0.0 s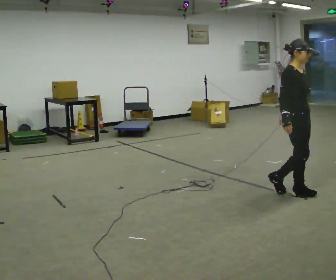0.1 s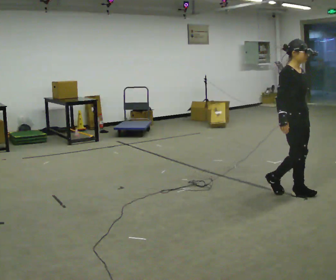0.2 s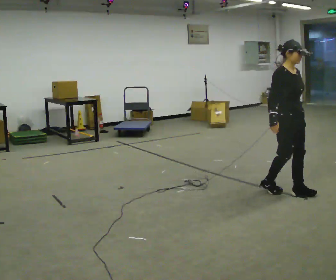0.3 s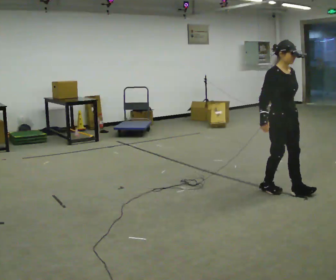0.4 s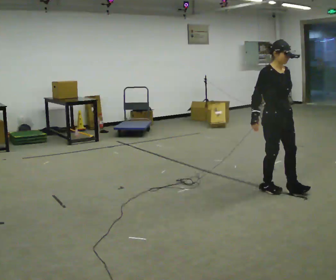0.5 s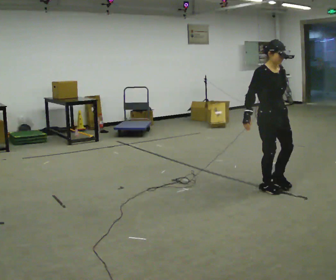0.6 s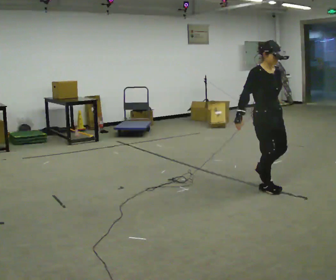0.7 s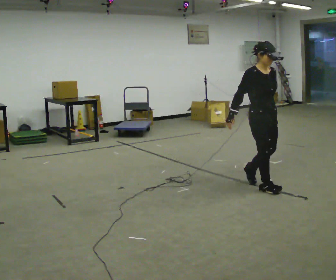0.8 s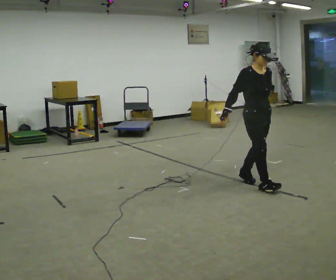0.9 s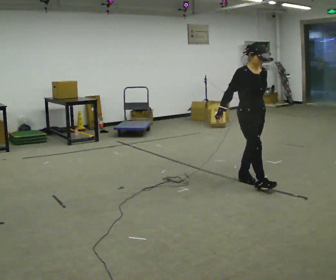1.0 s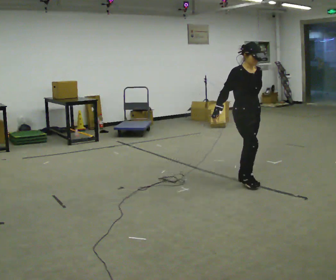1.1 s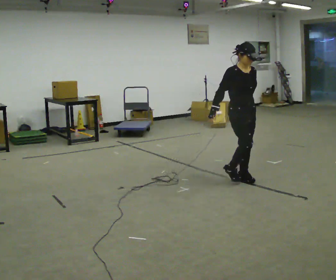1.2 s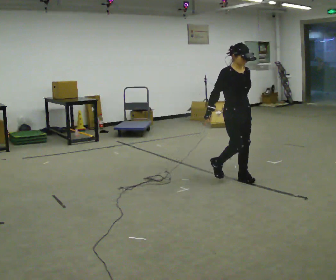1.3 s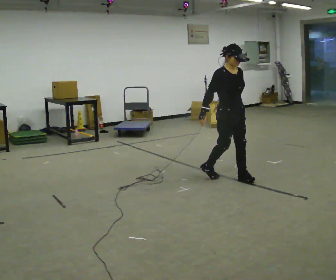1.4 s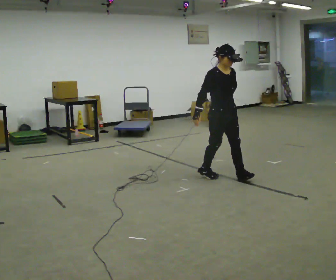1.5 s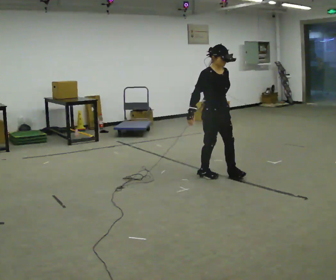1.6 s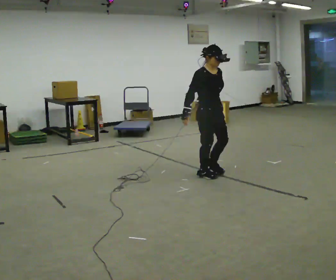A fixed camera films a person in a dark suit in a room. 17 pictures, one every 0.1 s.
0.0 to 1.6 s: The part of the body nearest the lens slides to the left as the person turns to their right by about 30 degrees. In the picture they go to the left and away from the camera, about 1 m in 3 steps, which for them is backward.
The film runs backward here.
